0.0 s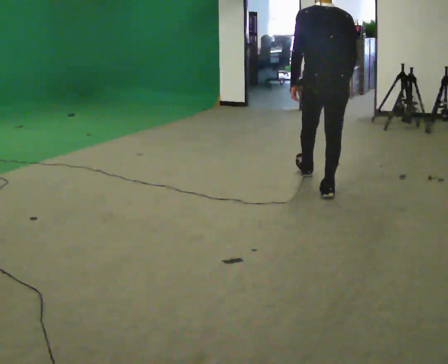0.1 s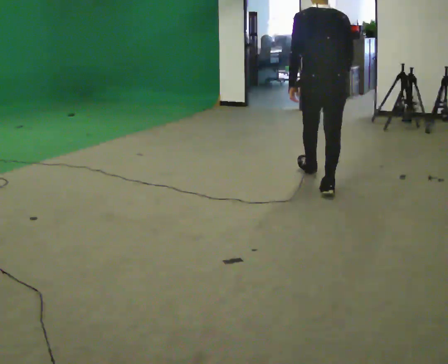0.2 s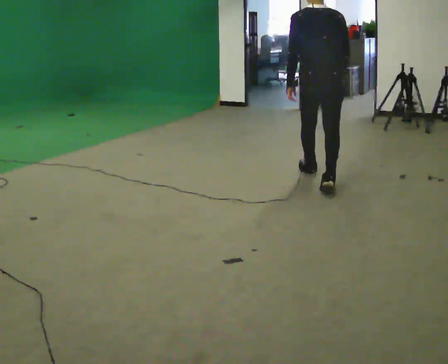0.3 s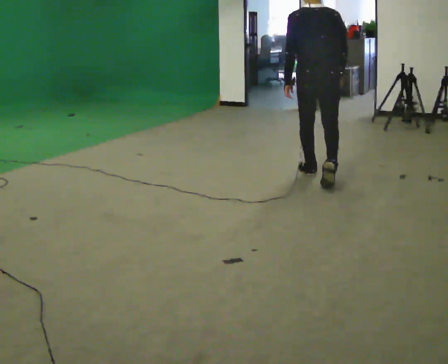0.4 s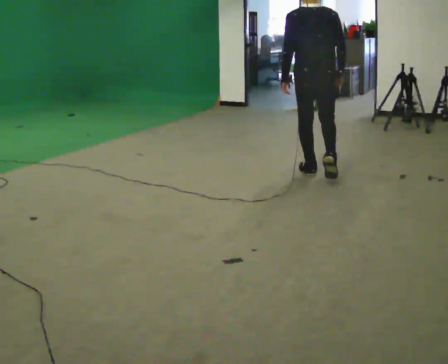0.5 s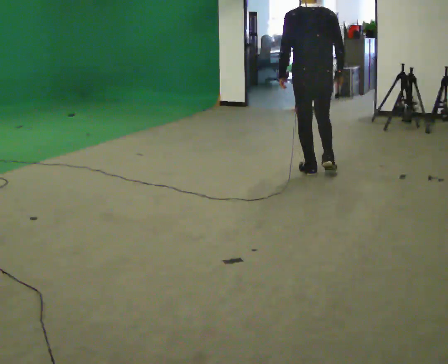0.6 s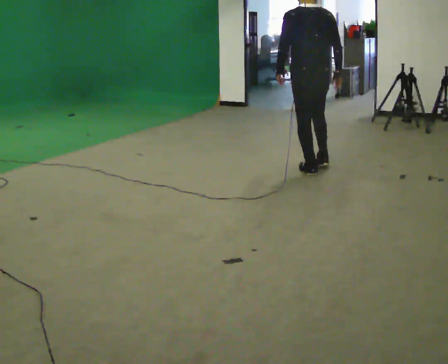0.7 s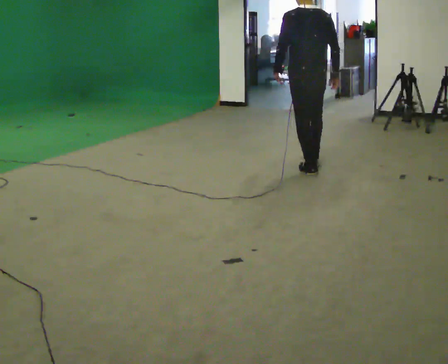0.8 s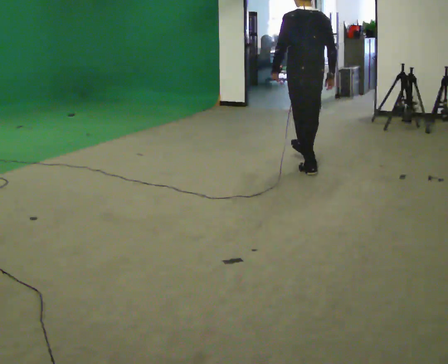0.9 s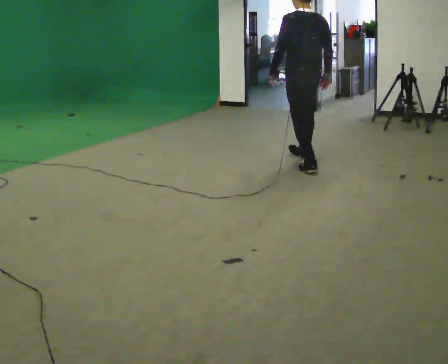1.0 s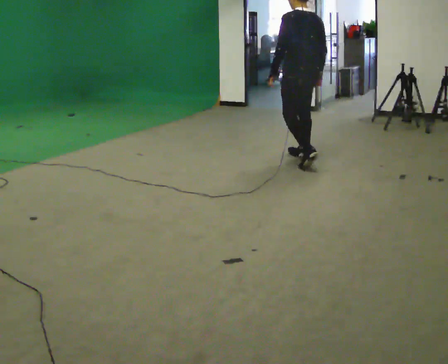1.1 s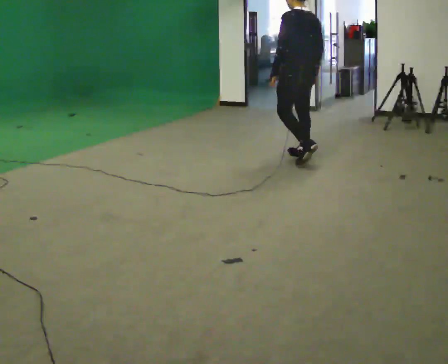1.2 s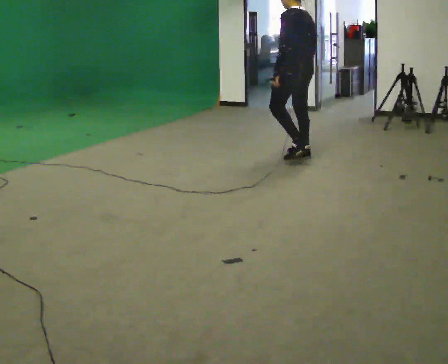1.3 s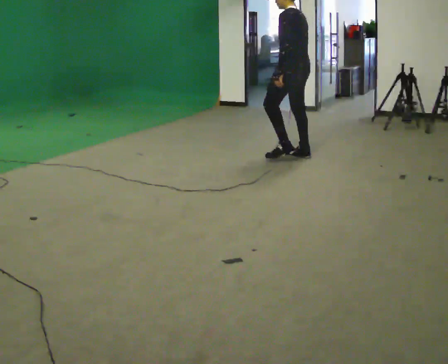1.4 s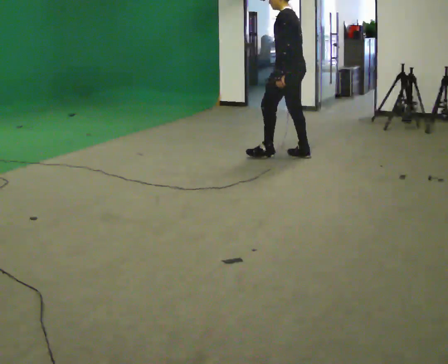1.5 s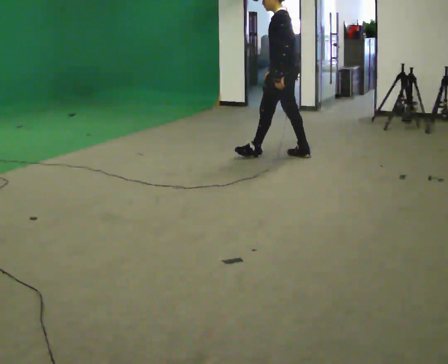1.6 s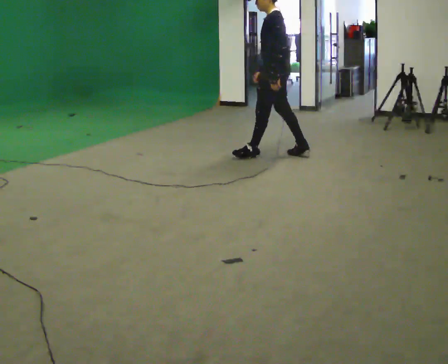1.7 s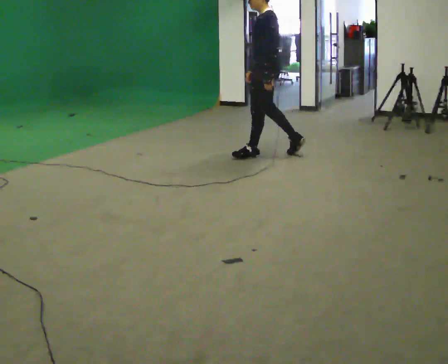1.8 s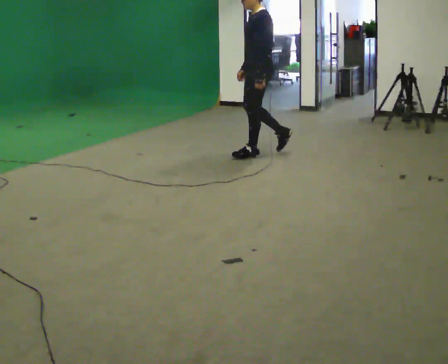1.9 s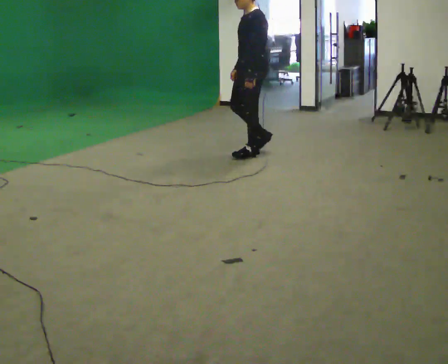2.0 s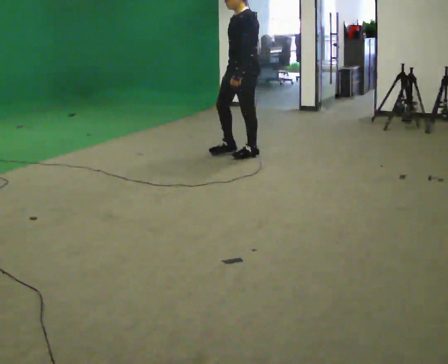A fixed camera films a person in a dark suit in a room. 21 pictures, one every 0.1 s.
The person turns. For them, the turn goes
to their left.
The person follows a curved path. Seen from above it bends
counterclockwise.
0.0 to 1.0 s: The person turns about 30 degrees to their left, counterclockwise seen from above, so the part of the body nearest the lens slides to the right. In the picture they go away from the camera, about 1 m in 2 steps, which for them is forward.
1.0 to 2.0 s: The part of the body nearest the lens slides to the right as the person turns to their left by about 90 degrees. In the picture they go to the left, about 0.5 m in 1 step.
The film runs forward here.
